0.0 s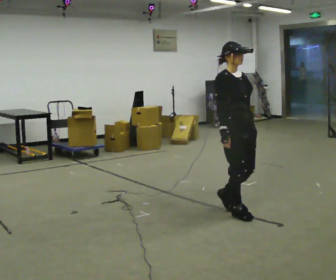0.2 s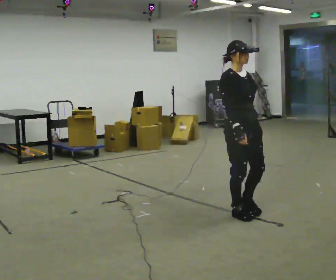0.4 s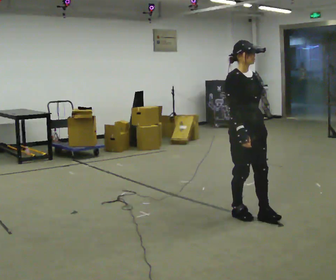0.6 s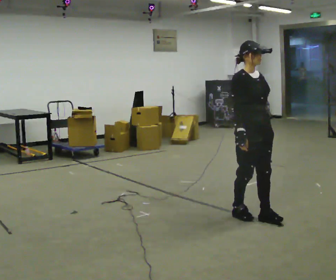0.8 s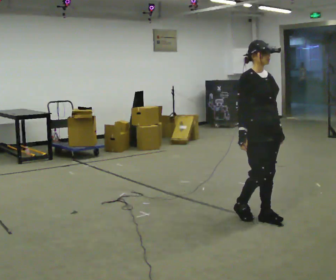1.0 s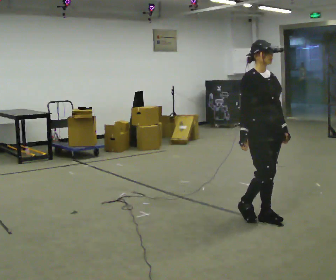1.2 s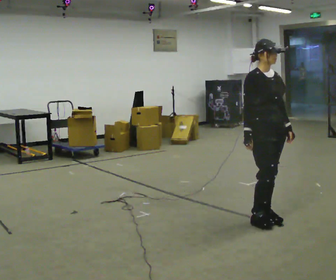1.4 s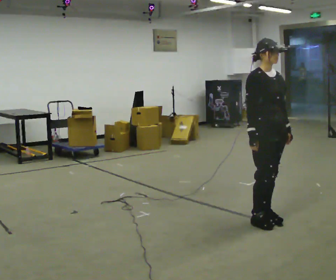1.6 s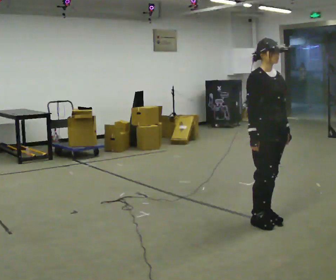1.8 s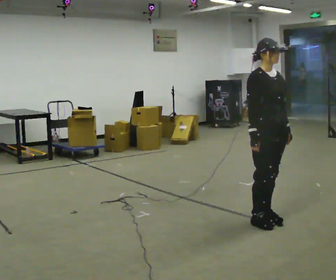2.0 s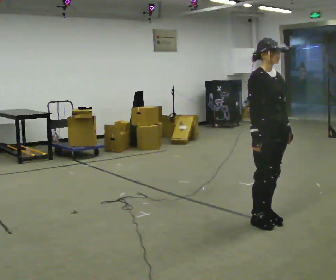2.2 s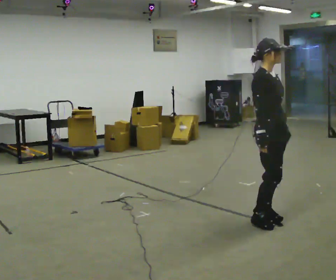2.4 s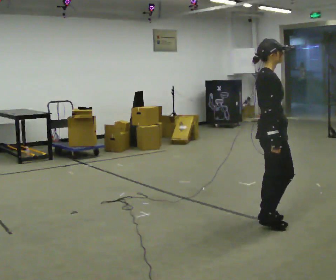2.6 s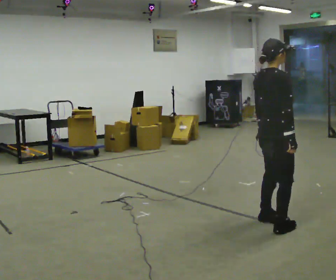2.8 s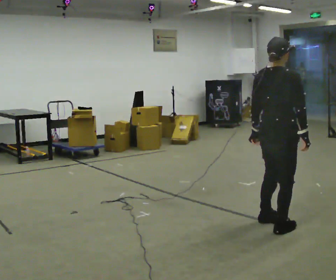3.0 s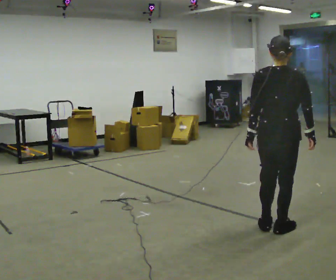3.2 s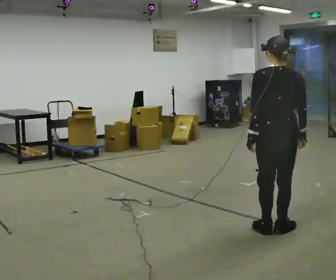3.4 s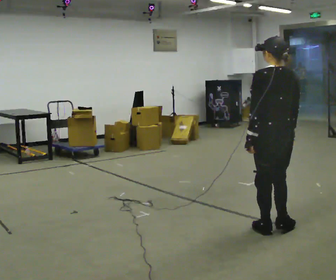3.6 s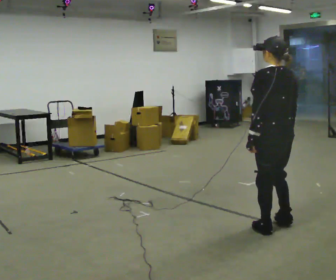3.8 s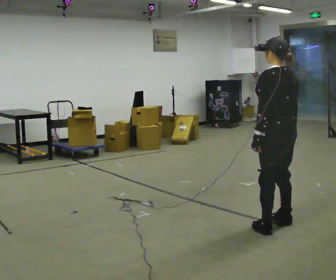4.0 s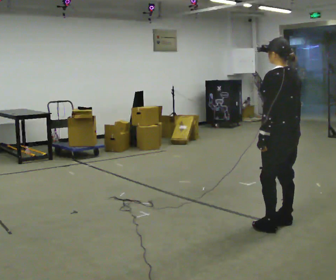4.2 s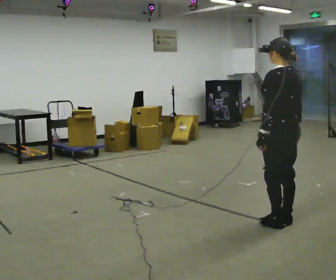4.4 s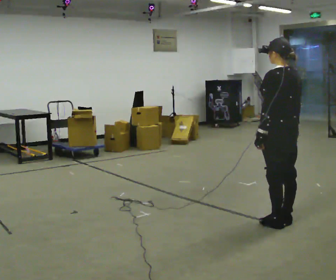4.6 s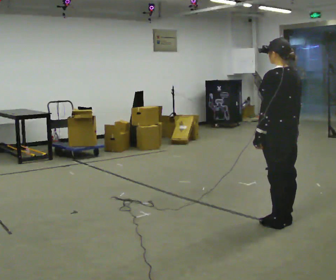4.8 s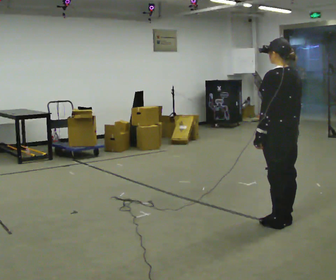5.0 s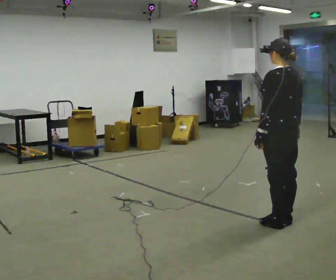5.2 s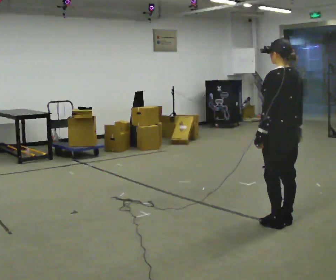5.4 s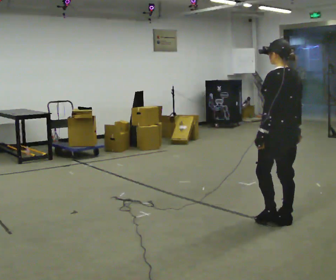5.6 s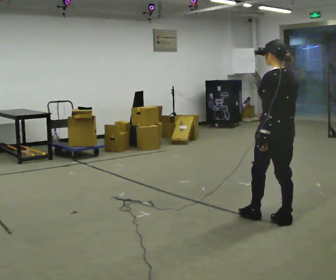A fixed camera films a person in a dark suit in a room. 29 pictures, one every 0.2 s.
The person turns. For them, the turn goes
to their left.
The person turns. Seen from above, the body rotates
counterclockwise.
0.0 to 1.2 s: In the picture they go to the right, about 0.25 m in 2 steps, which for them is forward.
1.2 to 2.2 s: The person moves a little, or ends about where they began.
2.2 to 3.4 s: The part of the body nearest the lens slides to the right as the person turns to their left by about 135 degrees. In the picture they go toward the camera, about 0.25 m in 2 steps.
3.4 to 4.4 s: In the picture they go away from the camera, about 0.25 m in 1 step, which for them is to their right.
4.4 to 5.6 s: The person moves a little, or ends about where they began.
The film runs forward here.
